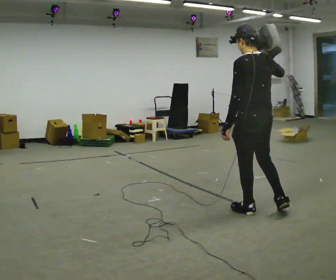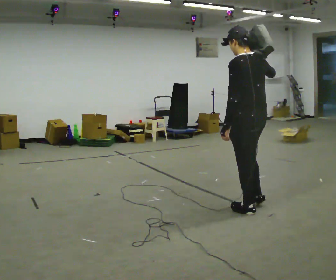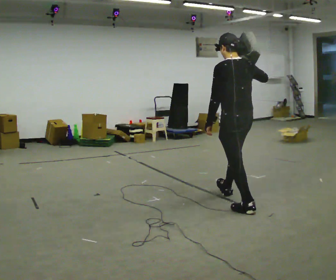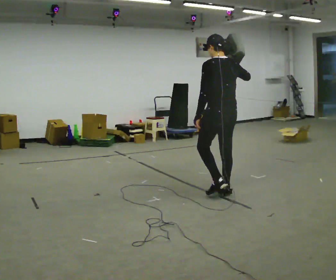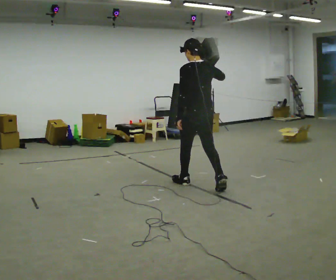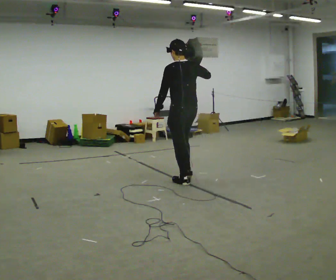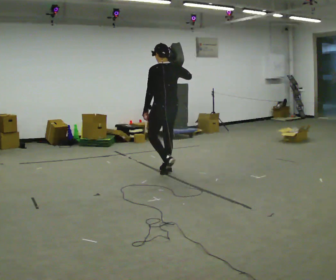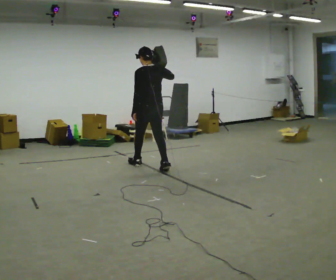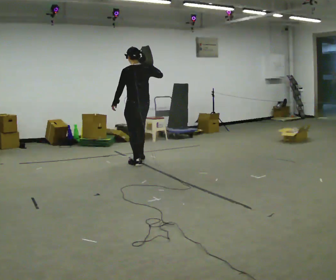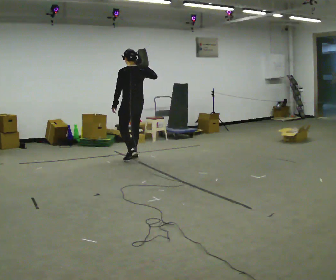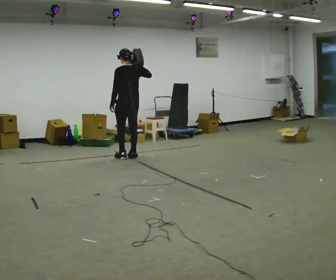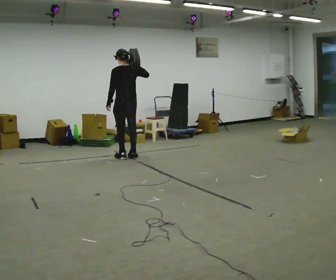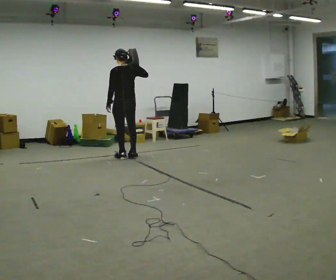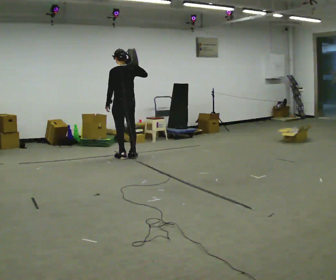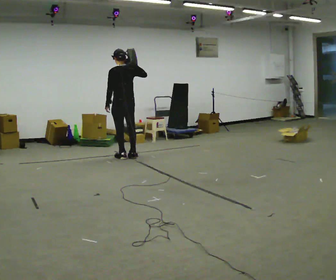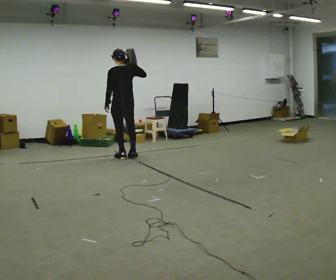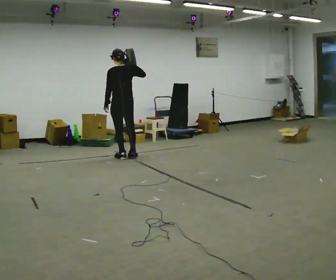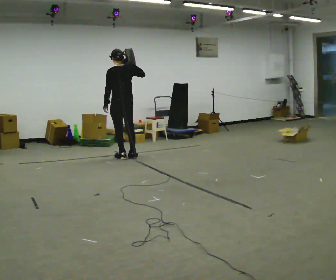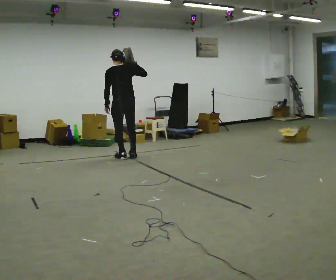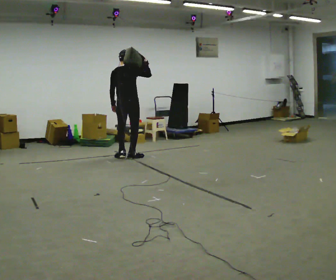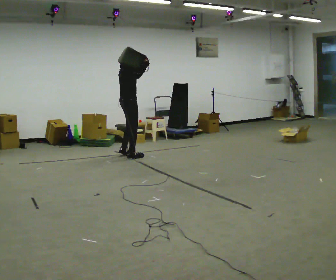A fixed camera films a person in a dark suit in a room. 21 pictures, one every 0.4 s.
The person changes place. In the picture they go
away from the camera.
0.0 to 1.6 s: In the picture they go away from the camera and to the left, about 1 m in 2 steps, which for them is forward.
1.6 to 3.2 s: In the picture they go away from the camera and to the left, about 1.5 m in 2 steps, which for them is forward.
3.2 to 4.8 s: In the picture they go away from the camera and to the left, about 0.5 m in 2 steps, which for them is forward.
4.8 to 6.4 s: The person moves a little, or ends about where they began.
6.4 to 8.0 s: The person turns about 120 degrees to their right, clockwise seen from above, so the part of the body nearest the lens slides to the left.
The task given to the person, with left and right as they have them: Put the soft bag up onto your shoulder and carry it across the room, back and forth.
The film runs forward here.
